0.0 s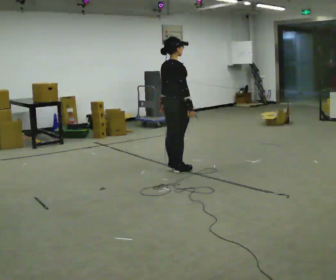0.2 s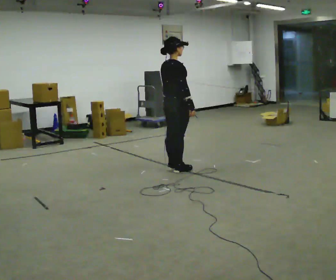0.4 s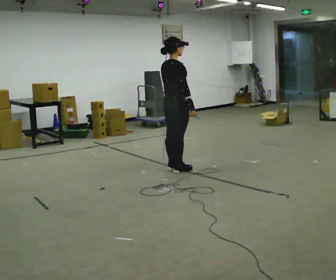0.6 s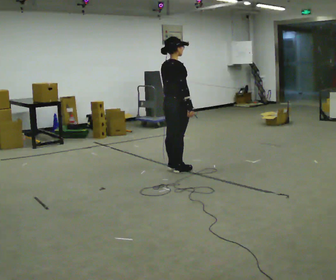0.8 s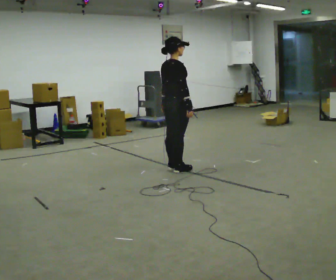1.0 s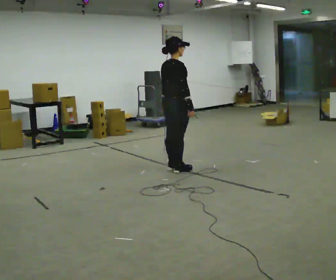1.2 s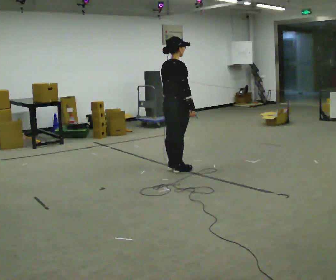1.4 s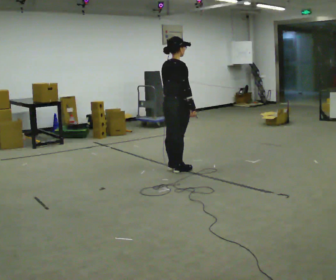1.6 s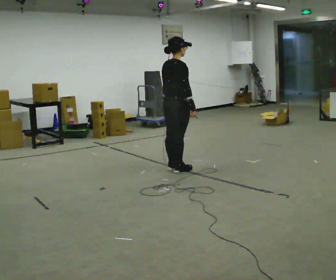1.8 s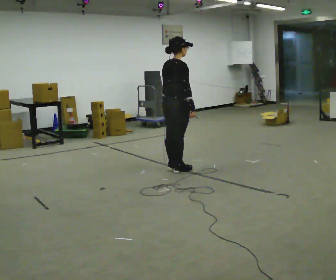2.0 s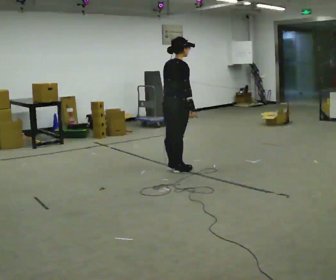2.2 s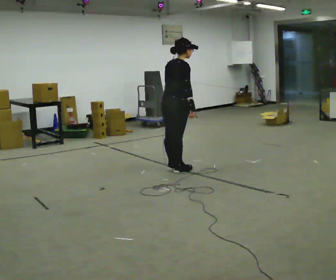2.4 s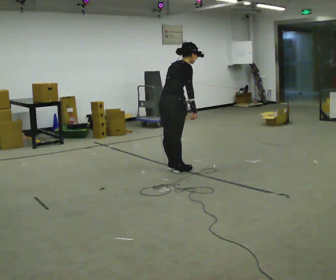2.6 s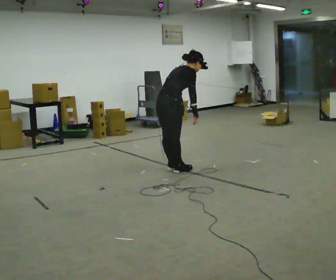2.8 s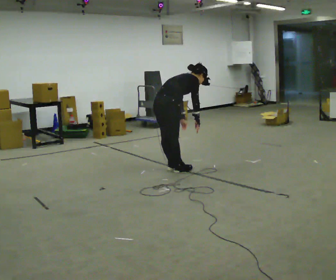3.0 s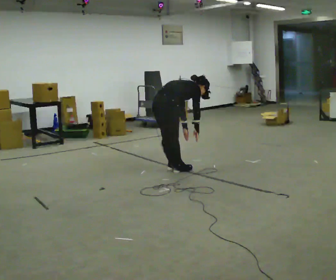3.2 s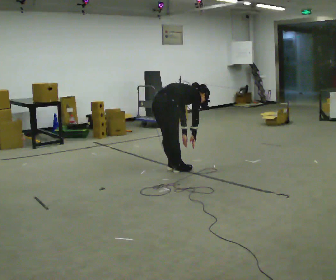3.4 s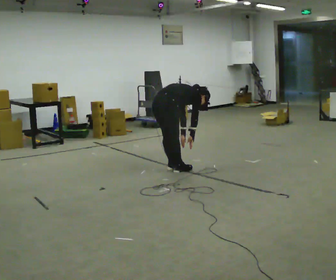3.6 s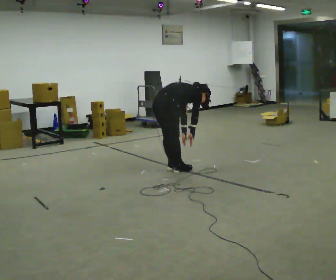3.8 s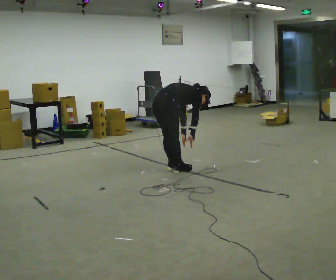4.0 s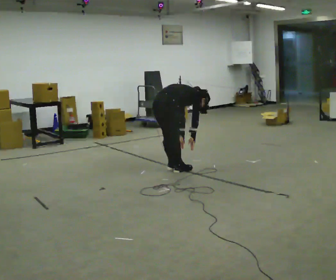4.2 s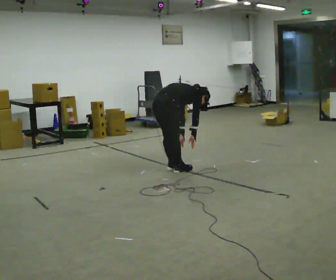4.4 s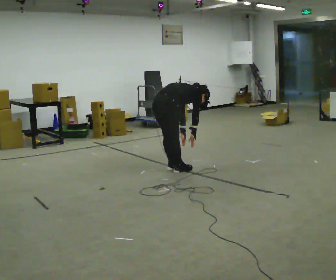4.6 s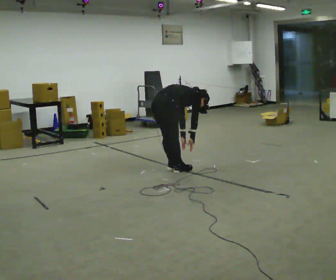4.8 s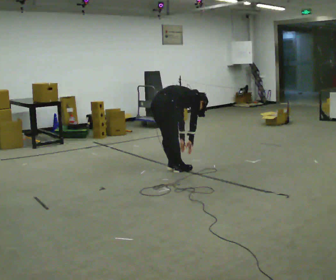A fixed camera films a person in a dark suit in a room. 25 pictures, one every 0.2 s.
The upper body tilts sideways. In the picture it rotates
clockwise.
0.0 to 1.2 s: The person moves a little, or ends about where they began.
1.2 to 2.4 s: In the picture the upper body tilts clockwise, shoulders to the right, as they bend forward.
2.4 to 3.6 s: The upper body goes downward. In the picture the upper body tilts clockwise, shoulders to the right, as they bend forward. In the picture their left hand goes downward.
3.6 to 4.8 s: The person moves a little, or ends about where they began.
The film runs forward here.
